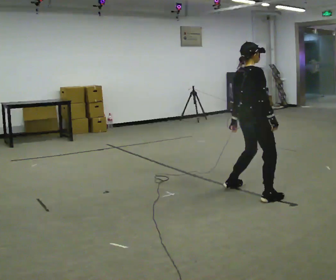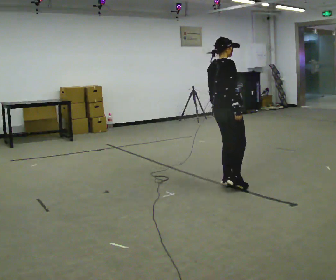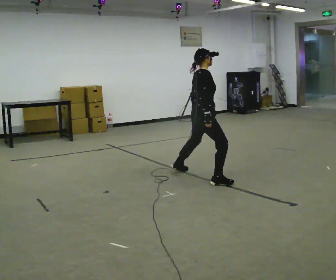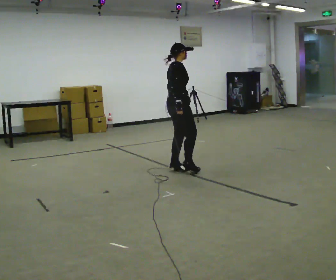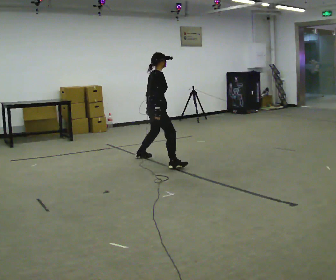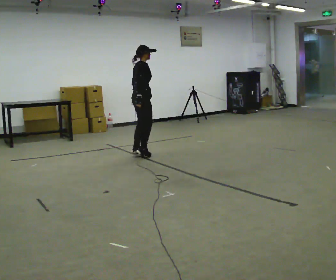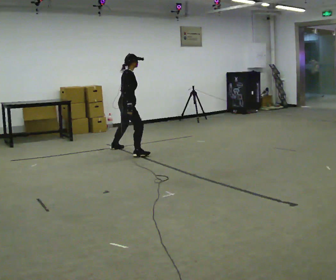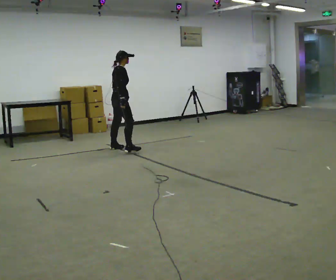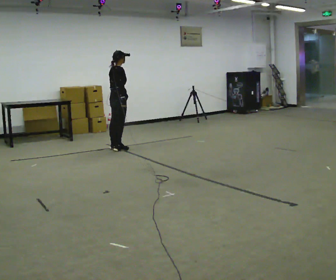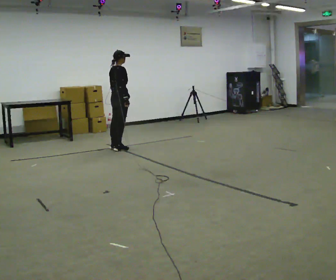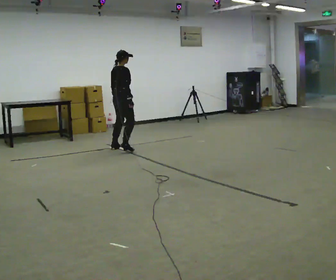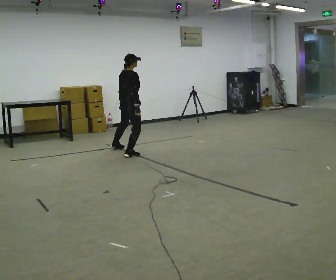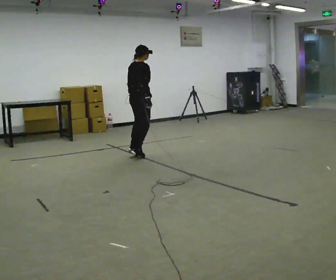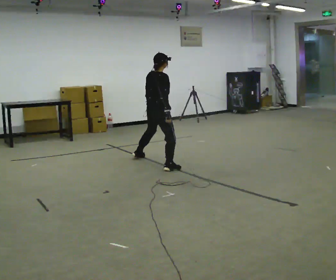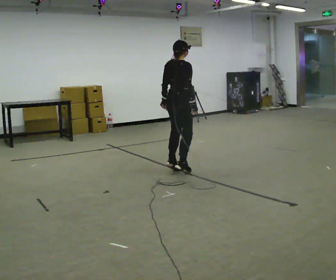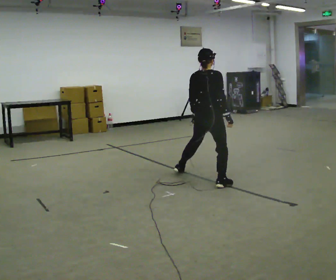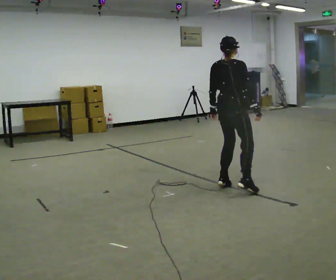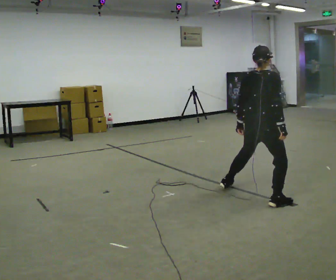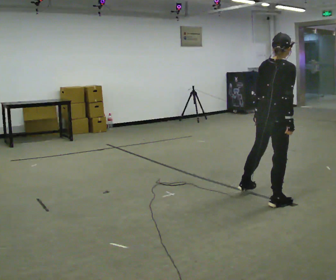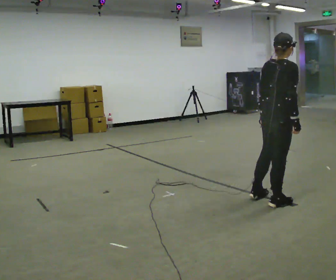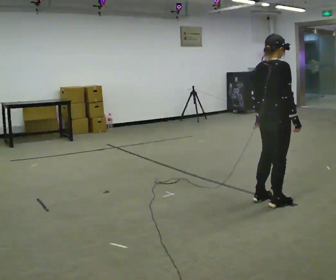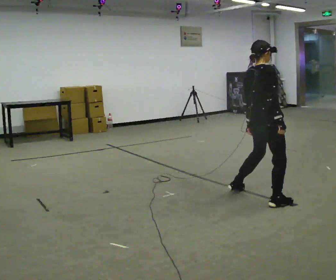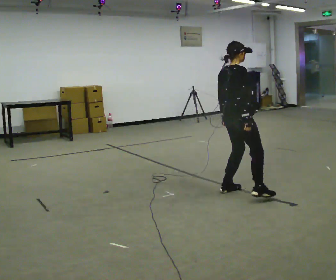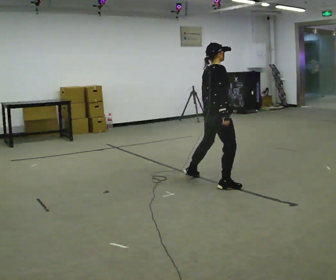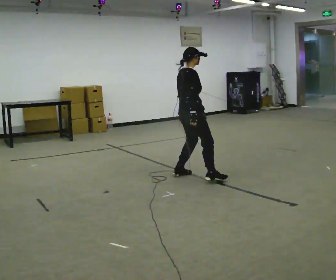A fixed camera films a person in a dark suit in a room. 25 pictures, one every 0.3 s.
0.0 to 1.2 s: In the picture they go away from the camera and to the left, about 1.5 m in 5 steps, which for them is to their left.
1.2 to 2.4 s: In the picture they go away from the camera and to the left, about 1 m in 2 steps, which for them is to their left.
2.4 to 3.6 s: In the picture they go toward the camera and to the right, about 0.75 m in 3 steps, which for them is to their right.
3.6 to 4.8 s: In the picture they go toward the camera and to the right, about 2 m in 4 steps, which for them is to their right.
4.8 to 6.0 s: In the picture they go toward the camera and to the right, about 0.75 m in 1 step, which for them is to their right.
6.0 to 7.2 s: In the picture they go away from the camera and to the left, about 1.5 m in 4 steps, which for them is to their left.
The film runs backward here.
